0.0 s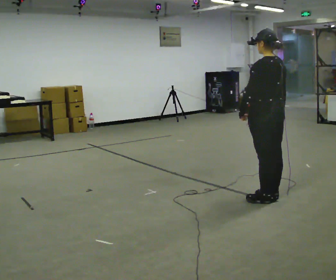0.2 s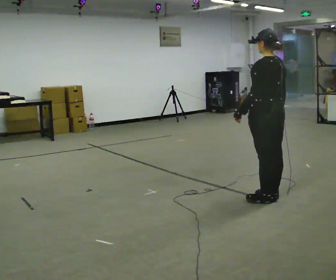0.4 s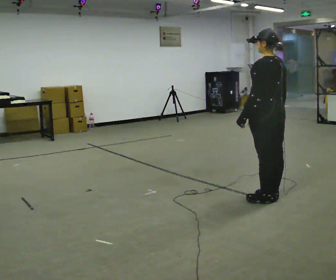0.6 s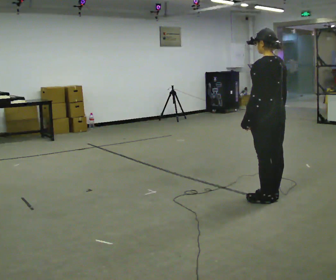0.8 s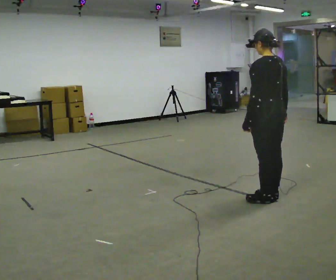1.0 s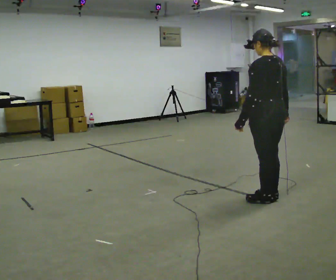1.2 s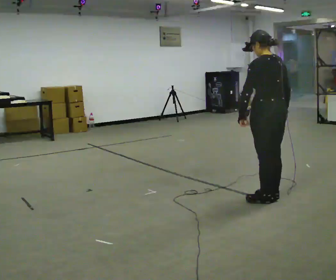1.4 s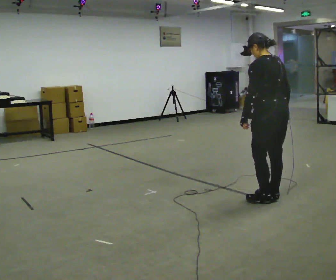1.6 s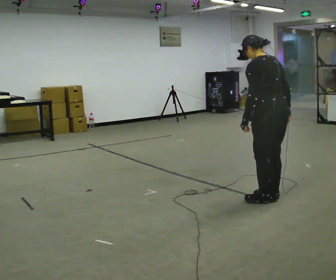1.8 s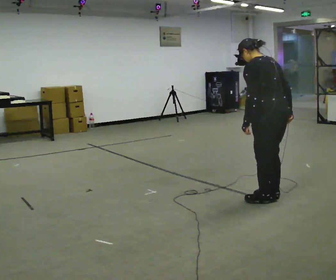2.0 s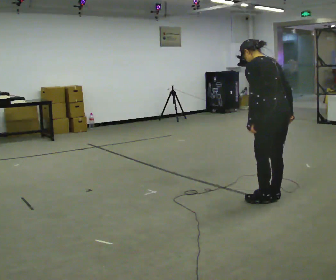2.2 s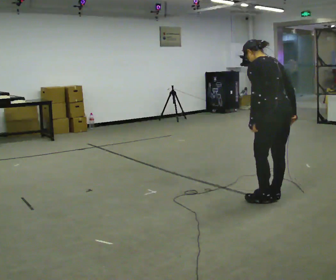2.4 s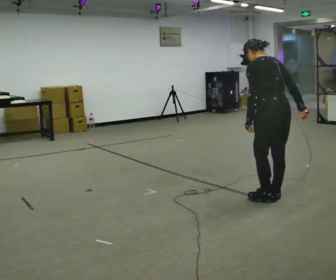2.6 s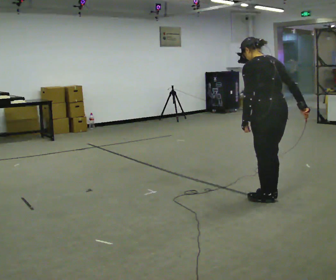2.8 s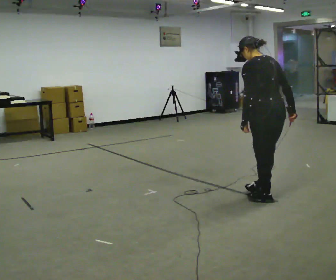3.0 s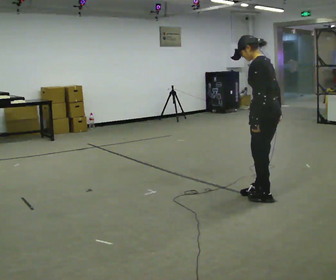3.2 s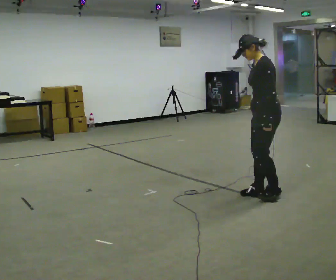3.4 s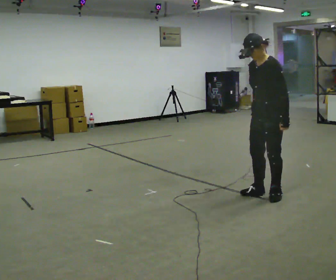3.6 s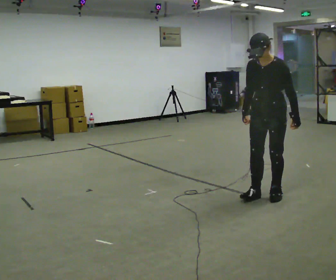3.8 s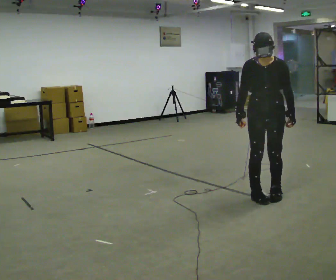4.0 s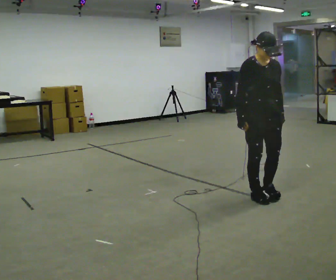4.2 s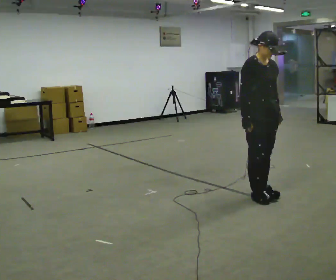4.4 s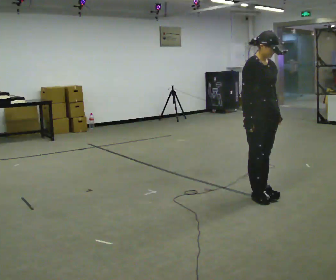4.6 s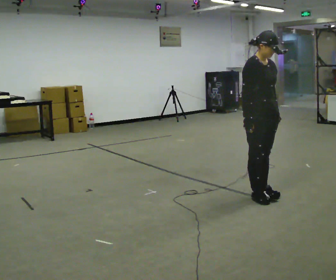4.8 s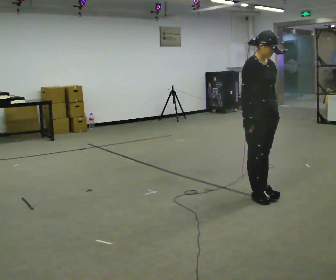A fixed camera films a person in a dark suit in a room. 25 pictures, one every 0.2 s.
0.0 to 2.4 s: The person moves a little, or ends about where they began.
2.4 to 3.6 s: The person turns about 105 degrees to their left, counterclockwise seen from above, so the part of the body nearest the lens slides to the right. In the picture they go away from the camera, about 0.25 m in 2 steps. The upper body tips toward the camera, its near side rolling downward. In the picture their right hand goes to the left, the arm swinging clockwise.
3.6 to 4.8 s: The person turns about 90 degrees to their left, counterclockwise seen from above, so the part of the body nearest the lens slides to the right.
The film runs backward here.
